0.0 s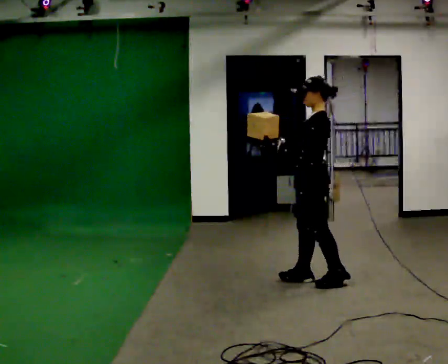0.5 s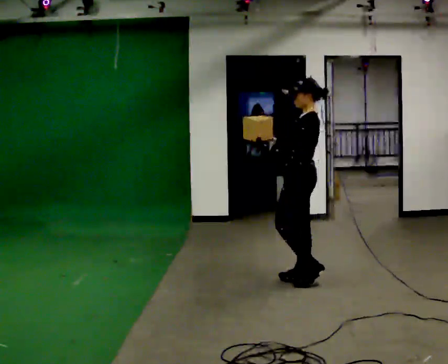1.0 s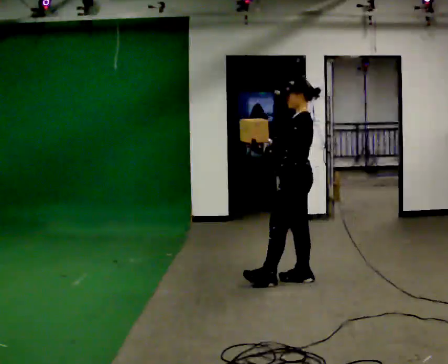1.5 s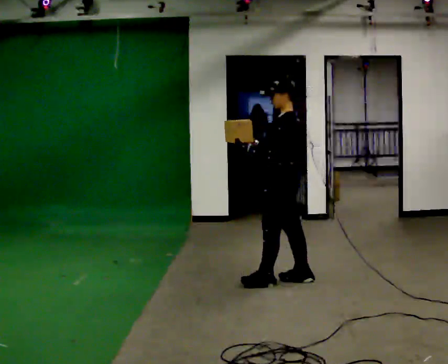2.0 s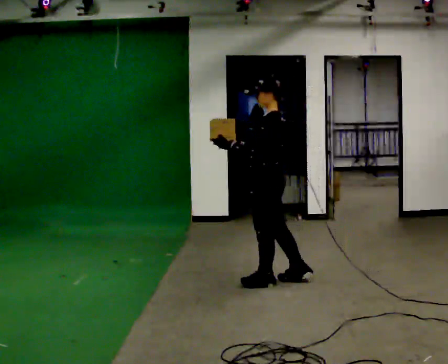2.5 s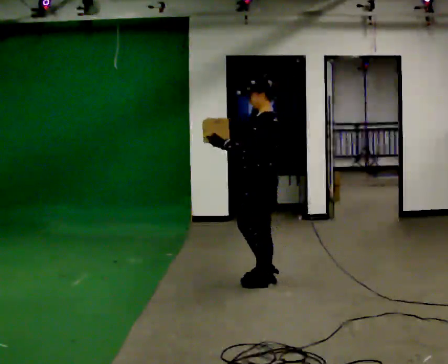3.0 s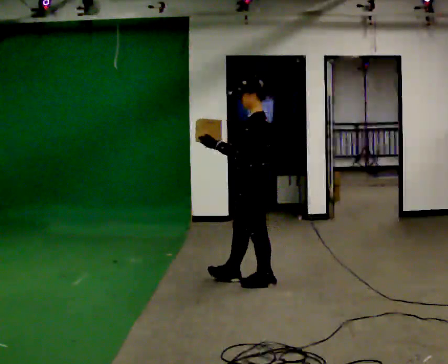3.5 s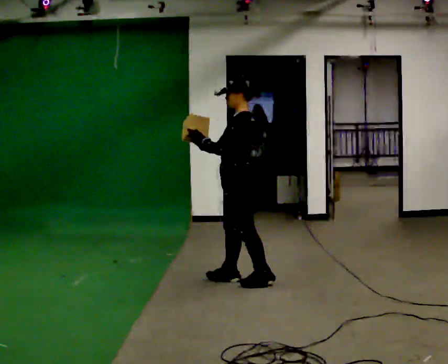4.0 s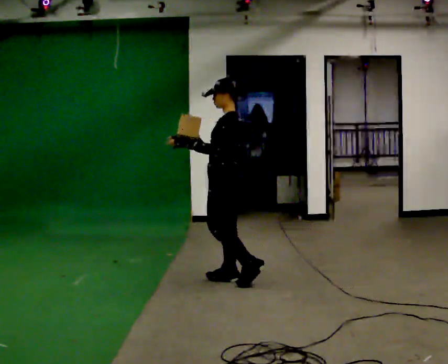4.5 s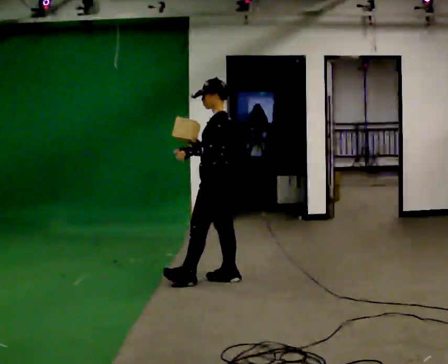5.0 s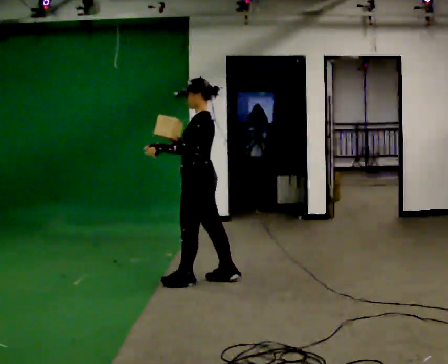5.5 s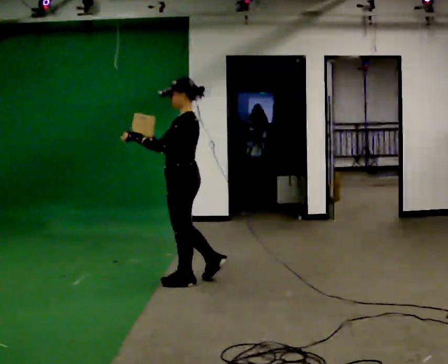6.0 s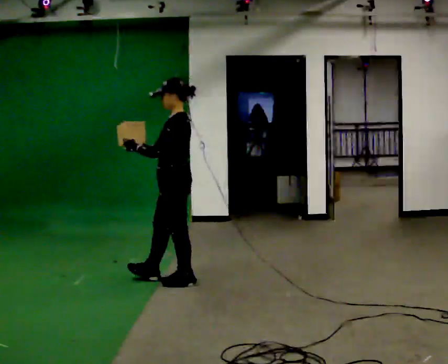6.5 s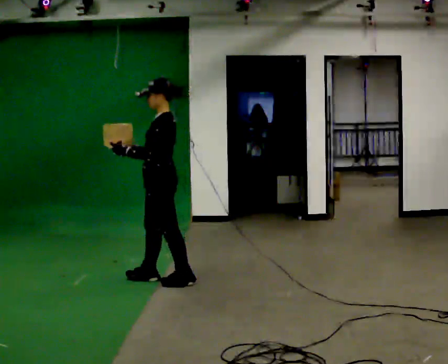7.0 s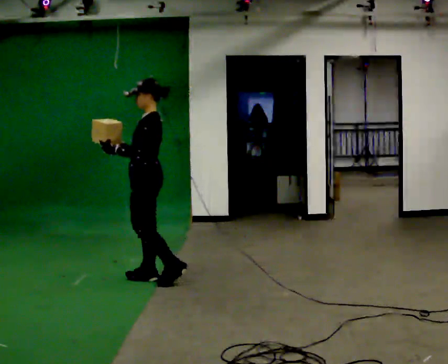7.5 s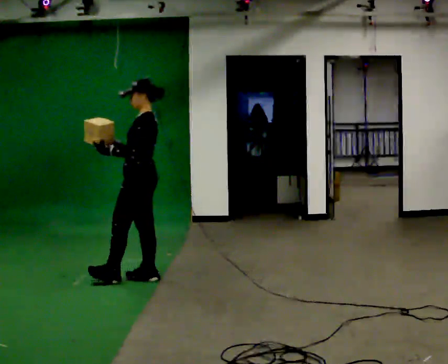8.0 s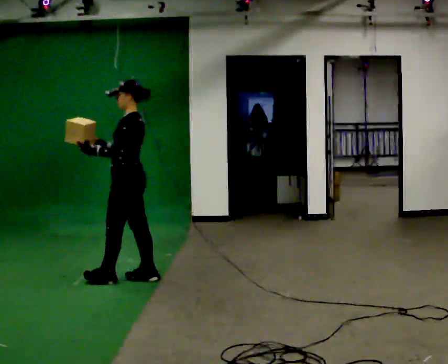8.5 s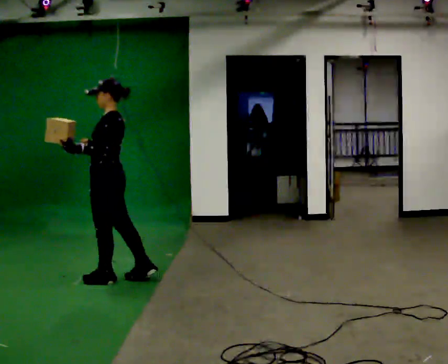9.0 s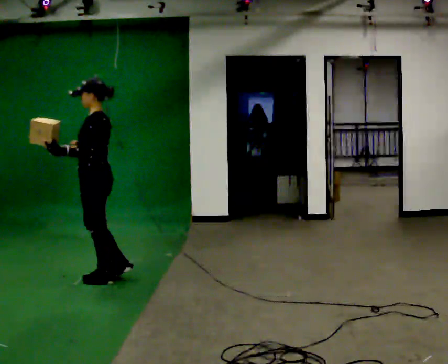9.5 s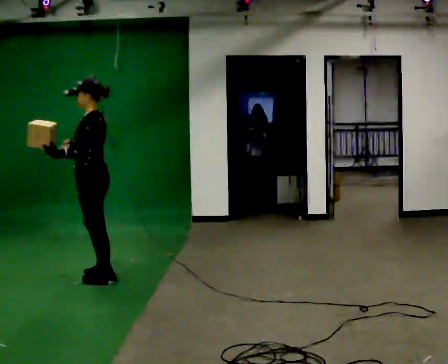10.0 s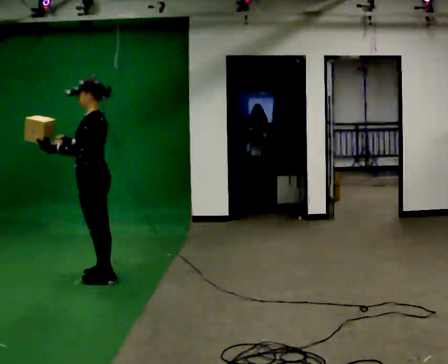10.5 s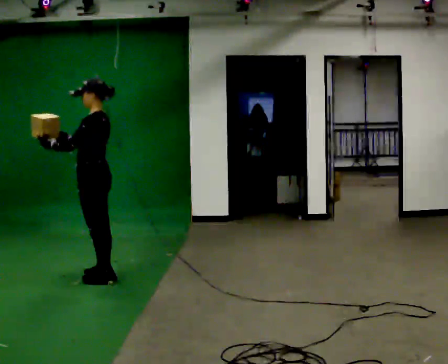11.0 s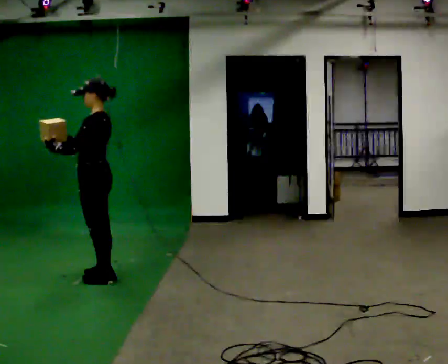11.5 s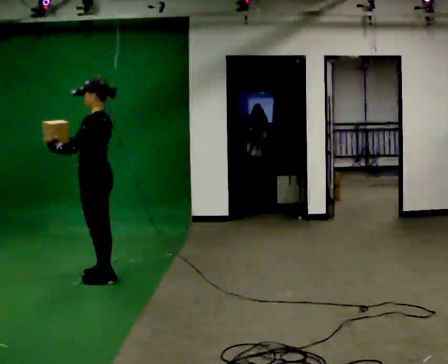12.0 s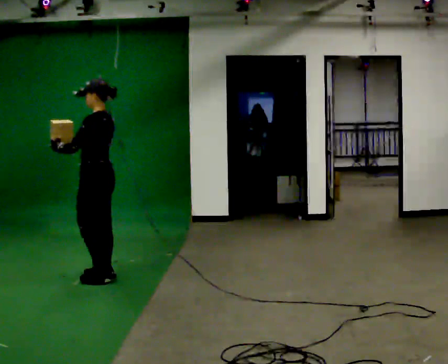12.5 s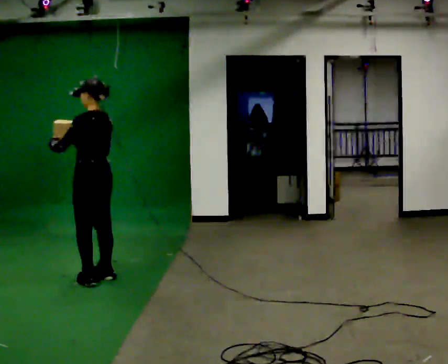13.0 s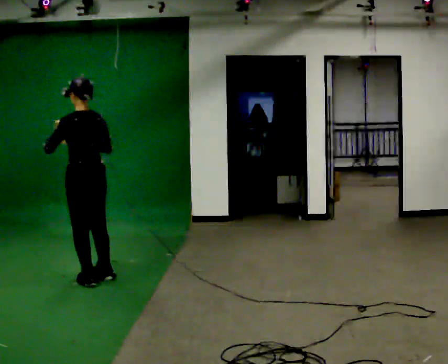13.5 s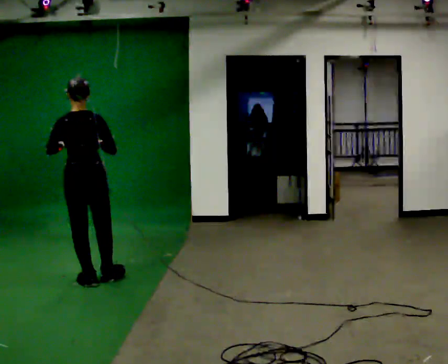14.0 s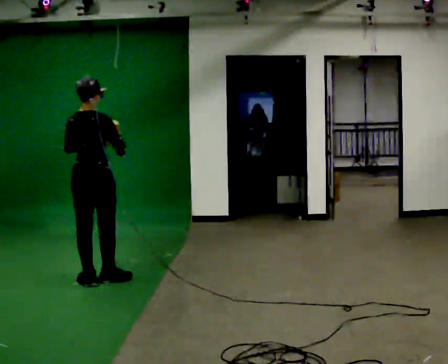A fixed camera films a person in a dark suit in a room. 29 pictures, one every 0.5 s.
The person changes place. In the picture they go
to the left.
0.0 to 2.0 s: In the picture they go to the left, about 0.25 m in 1 step, which for them is forward.
2.0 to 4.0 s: In the picture they go to the left and away from the camera, about 0.25 m in 1 step, which for them is forward.
4.0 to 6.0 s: In the picture they go to the left, about 0.5 m in 2 steps, which for them is forward.
6.0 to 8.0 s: In the picture they go to the left and away from the camera, about 0.5 m in 1 step, which for them is forward and to their right.
8.0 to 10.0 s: In the picture they go to the left, about 0.25 m in 1 step, which for them is forward.
10.0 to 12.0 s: The person moves a little, or ends about where they began.
12.0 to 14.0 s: Seen from above the body turns clockwise, about 90 degrees: to their right, with its near side sliding to the left. In the picture they go toward the camera, about 0.25 m in 1 step.
The film runs forward here.
